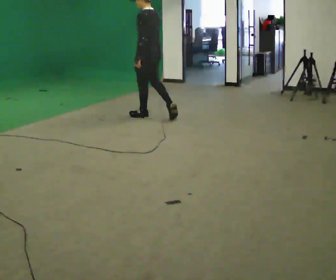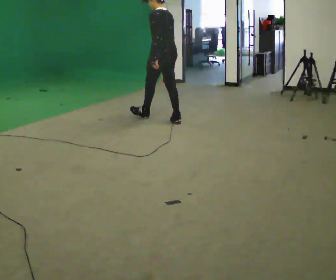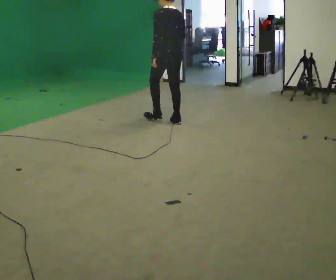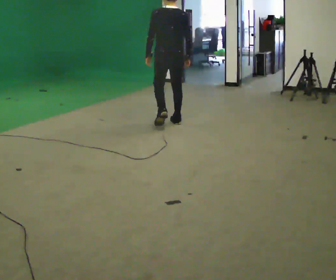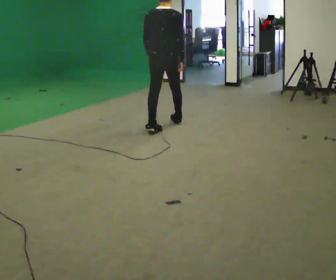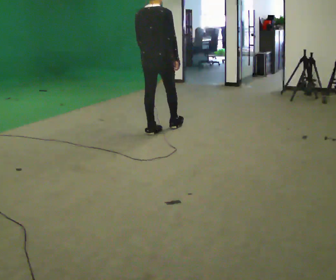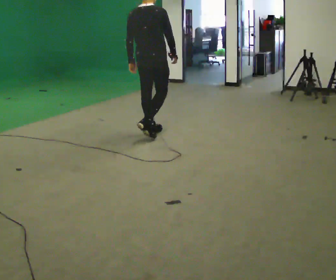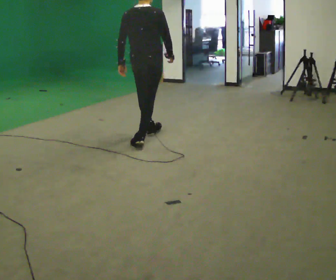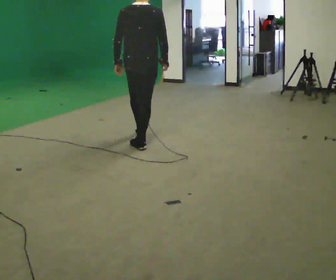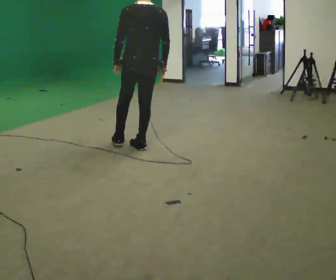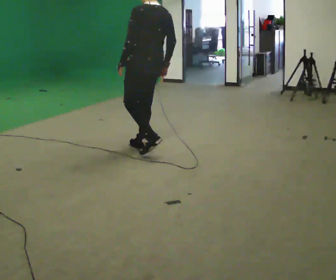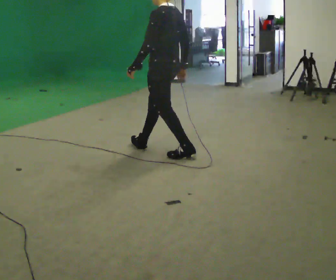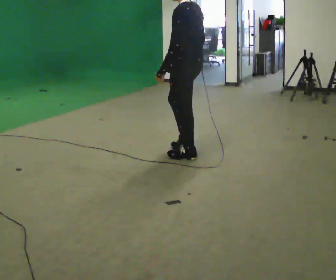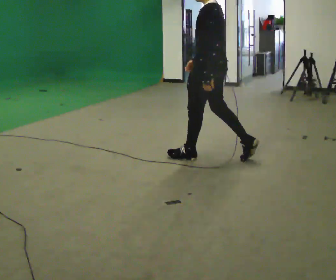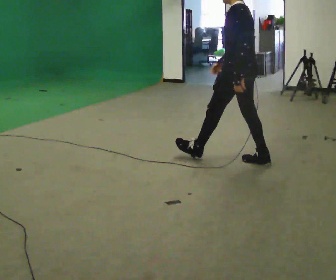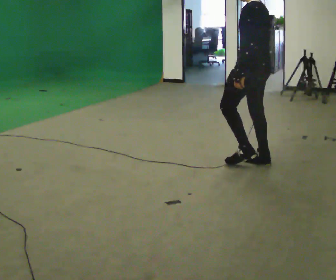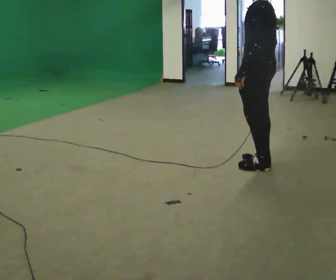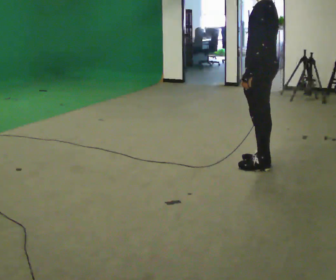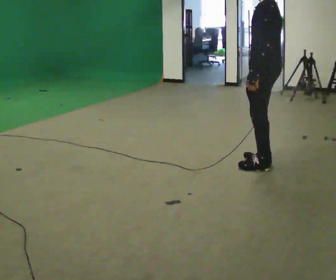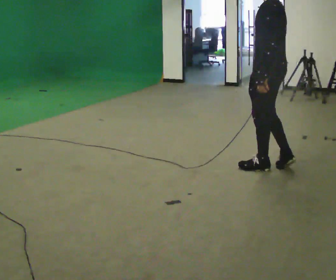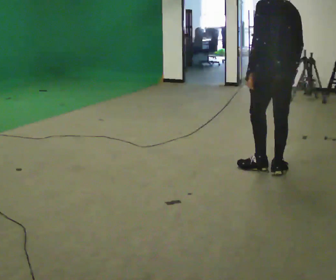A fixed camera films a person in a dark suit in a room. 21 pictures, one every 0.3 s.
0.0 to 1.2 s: The part of the body nearest the lens slides to the left as the person turns to their right by about 60 degrees. In the picture they go toward the camera and to the right, about 0.5 m in 1 step.
1.2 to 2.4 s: In the picture they go toward the camera and to the left, about 0.5 m in 2 steps, which for them is backward.
2.4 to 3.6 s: The part of the body nearest the lens slides to the right as the person turns to their left by about 75 degrees. In the picture they go to the right and toward the camera, about 0.5 m in 1 step.
3.6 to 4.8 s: In the picture they go to the right and toward the camera, about 0.75 m in 1 step, which for them is backward.
4.8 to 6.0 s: In the picture they go toward the camera, about 0.25 m in 1 step, which for them is backward.
The film runs backward here.
